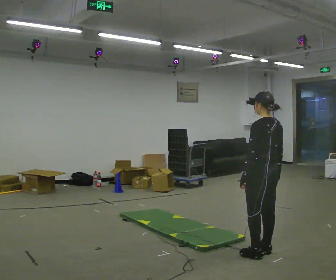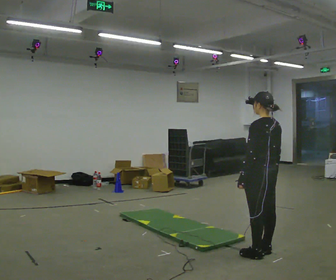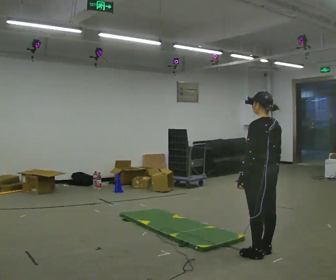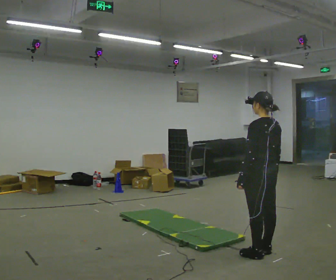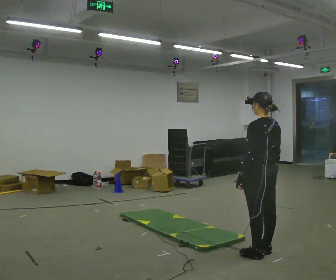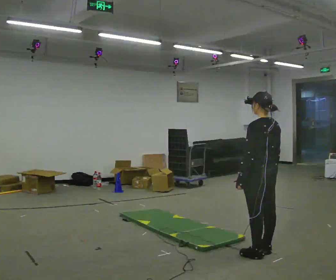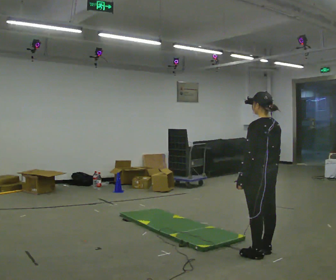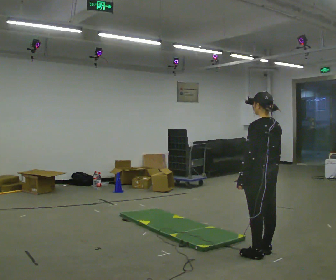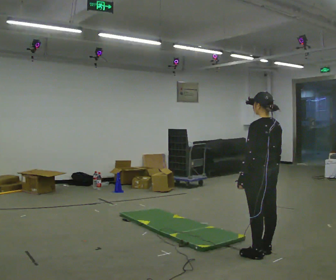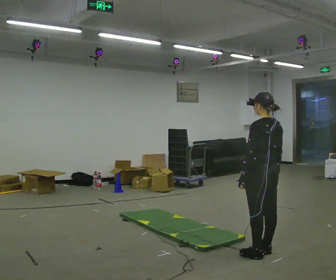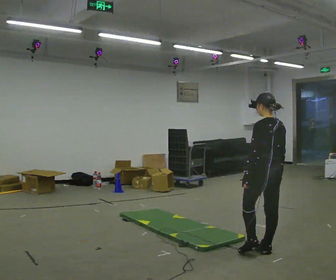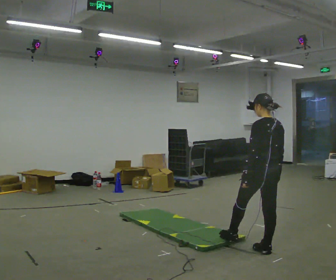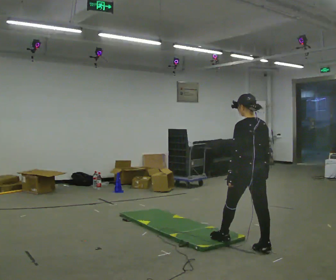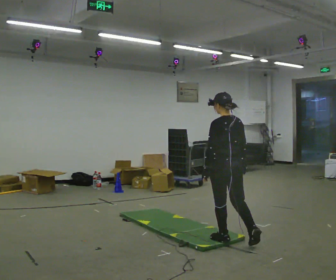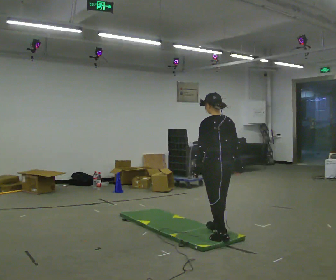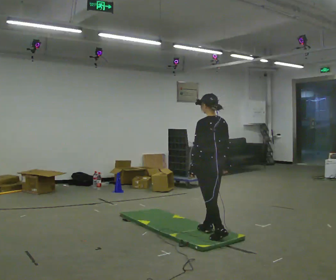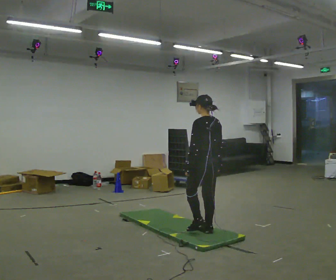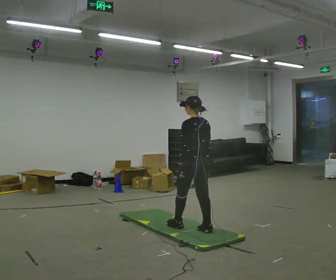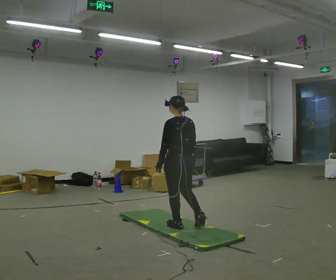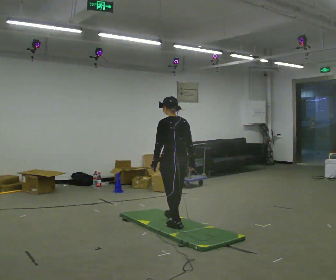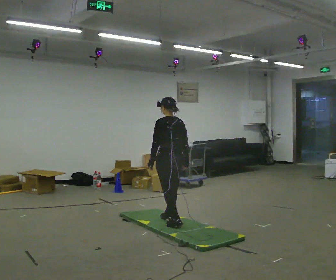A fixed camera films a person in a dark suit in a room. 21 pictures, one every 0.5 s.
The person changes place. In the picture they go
to the left.
0.0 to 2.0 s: The person moves a little, or ends about where they began.
2.0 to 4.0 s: The person keeps their place and pose.
4.0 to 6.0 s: In the picture they go to the left and away from the camera, about 0.25 m in 1 step, which for them is forward.
6.0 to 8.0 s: In the picture they go to the left and away from the camera, about 0.75 m in 1 step, which for them is forward.
8.0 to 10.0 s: In the picture they go to the left and away from the camera, about 0.5 m in 2 steps, which for them is forward.
The film runs forward here.
